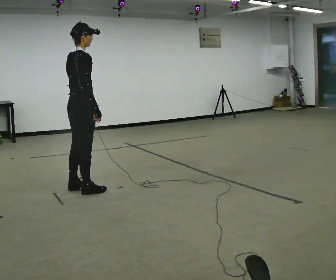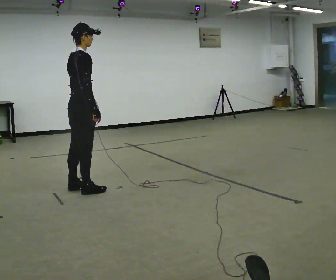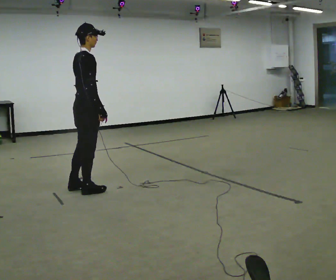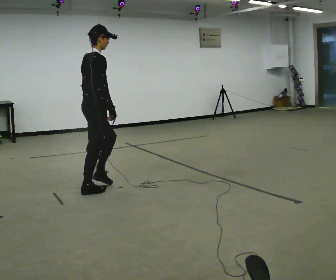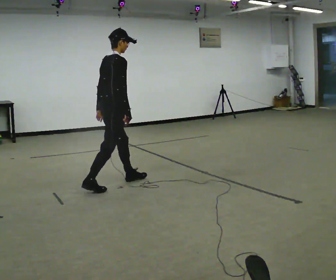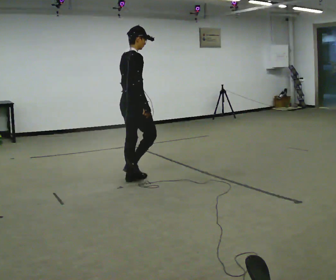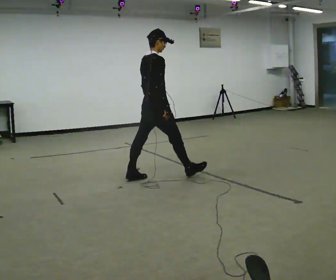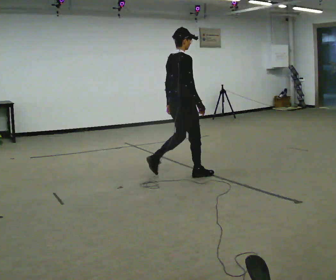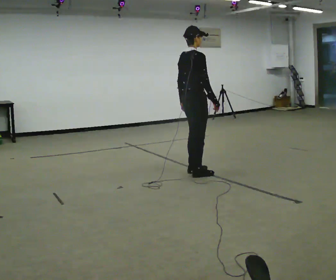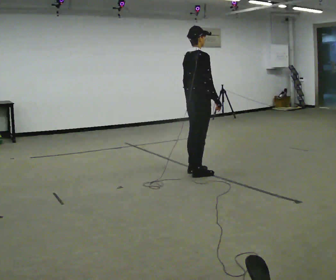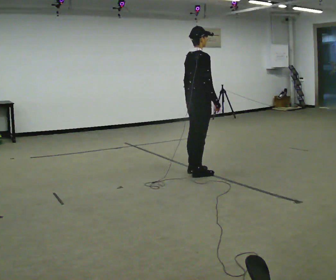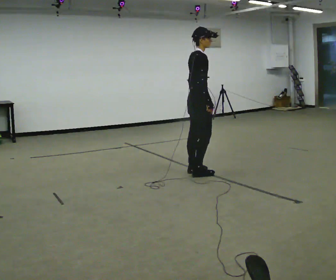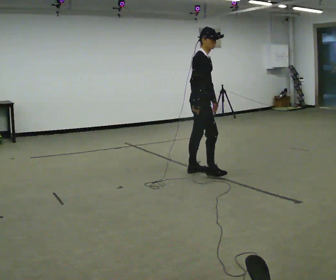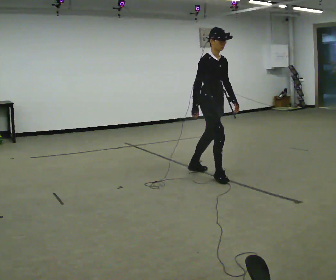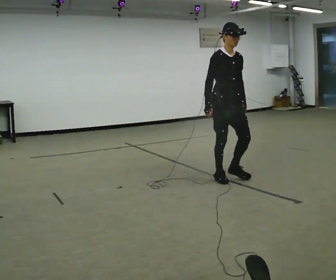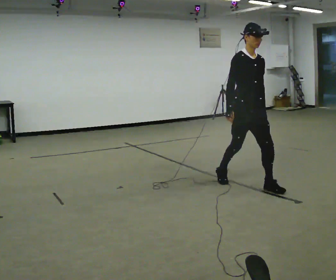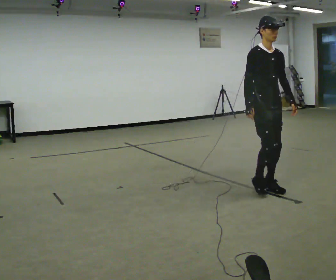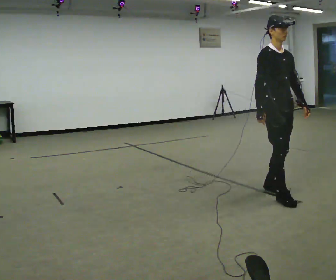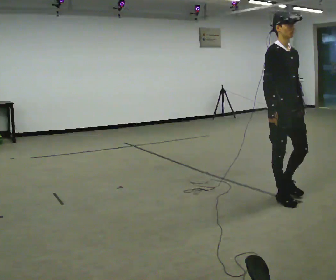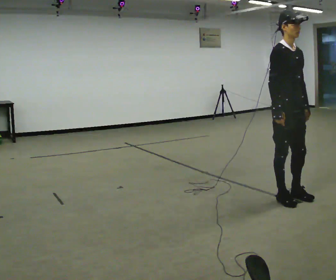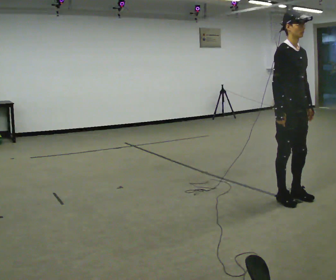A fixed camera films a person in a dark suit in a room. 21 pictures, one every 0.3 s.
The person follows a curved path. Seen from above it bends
clockwise.
The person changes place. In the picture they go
to the right.
0.0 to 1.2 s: In the picture they go to the right and away from the camera, about 0.5 m in 1 step, which for them is forward.
1.2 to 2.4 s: In the picture they go to the right and away from the camera, about 1 m in 2 steps, which for them is forward.
2.4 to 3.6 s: Seen from above the body turns clockwise, about 45 degrees: to their right, with its near side sliding to the left.
3.6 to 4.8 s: The part of the body nearest the lens slides to the left as the person turns to their right by about 45 degrees. In the picture they go toward the camera and to the right, about 1 m in 2 steps, which for them is forward.
4.8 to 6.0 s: In the picture they go toward the camera and to the right, about 0.25 m in 2 steps, which for them is forward.
The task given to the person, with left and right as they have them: Walk straight; turn 90° left/right while continuing to walk; continue.
The film runs forward here.
